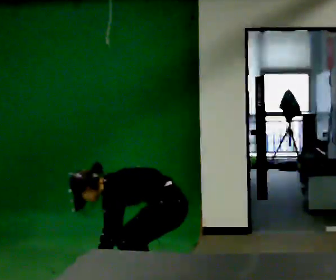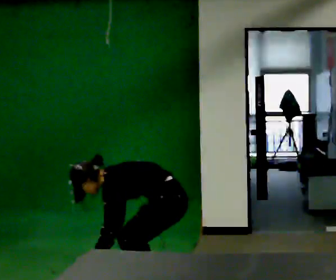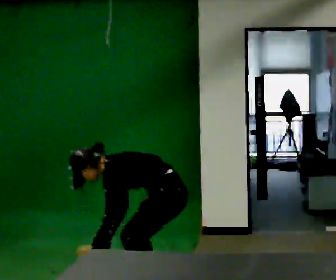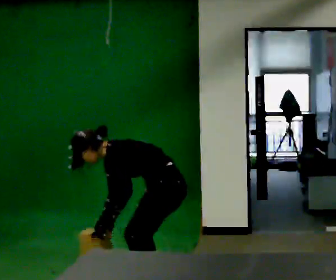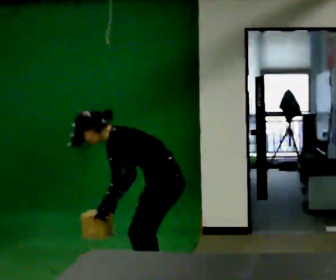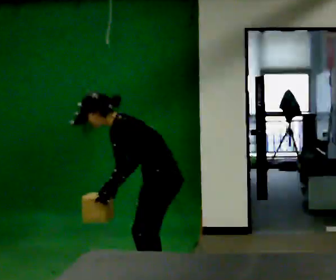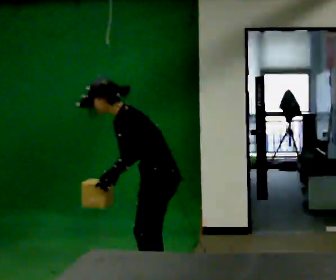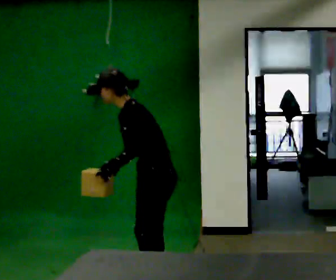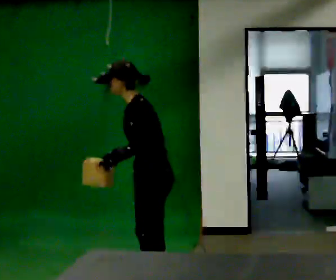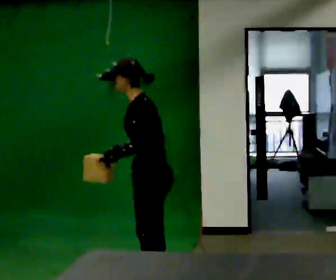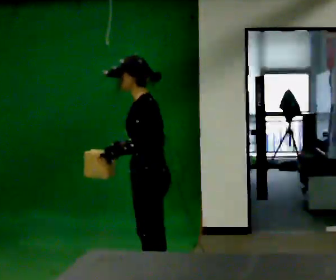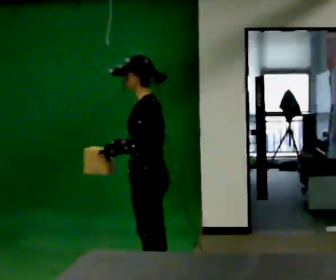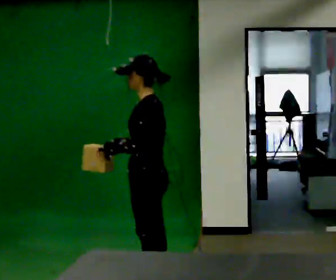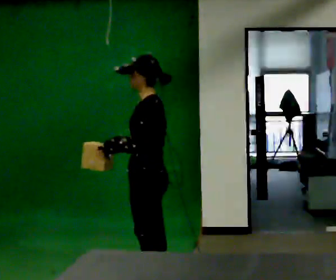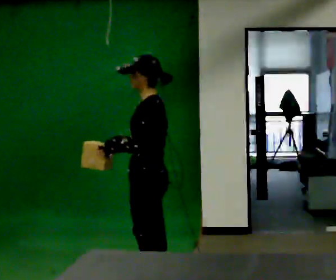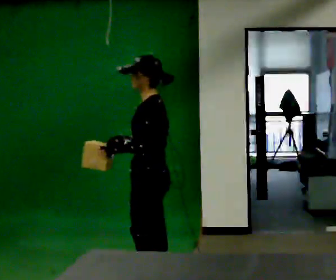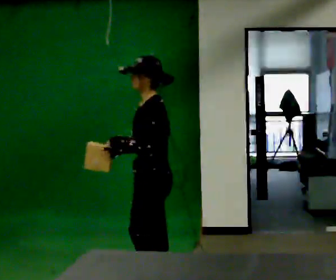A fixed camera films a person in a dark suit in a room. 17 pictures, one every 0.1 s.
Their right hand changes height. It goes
upward.
Their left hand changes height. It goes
upward.
0.0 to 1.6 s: The shoulders move upward. In the picture the upper body tilts clockwise, shoulders to the right, as they lean back or straighten. In the picture their right hand goes upward.
The film runs forward here.
